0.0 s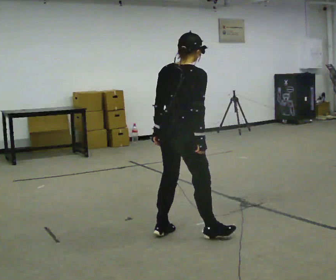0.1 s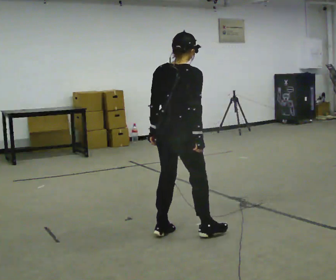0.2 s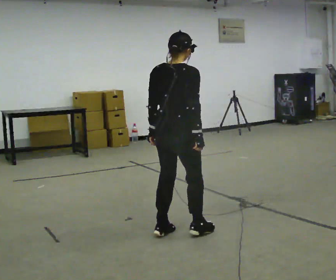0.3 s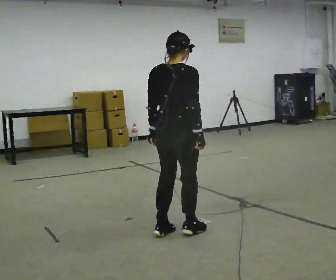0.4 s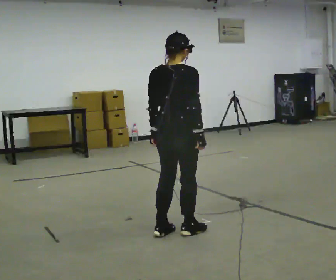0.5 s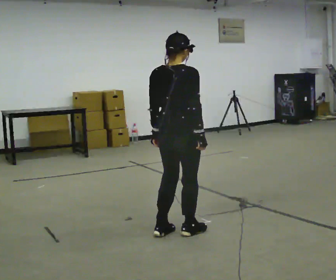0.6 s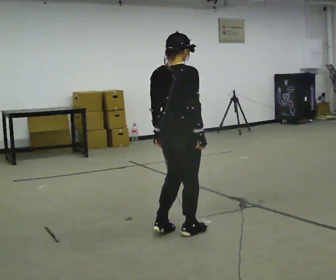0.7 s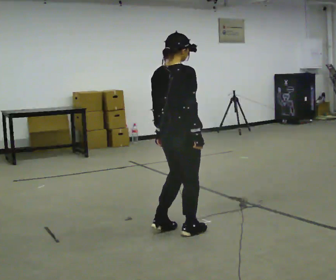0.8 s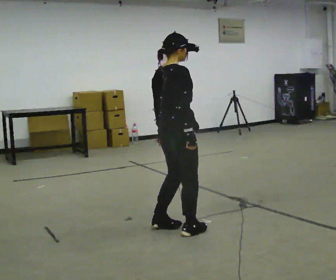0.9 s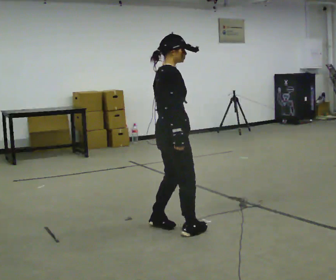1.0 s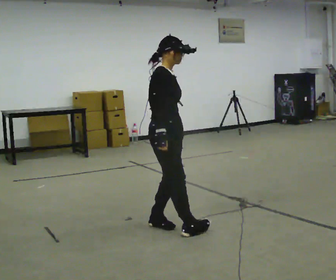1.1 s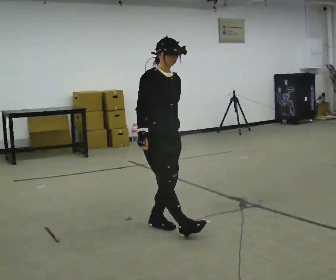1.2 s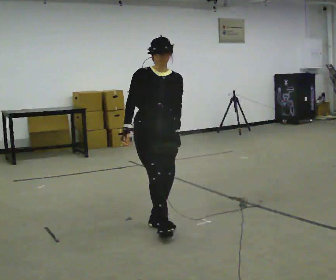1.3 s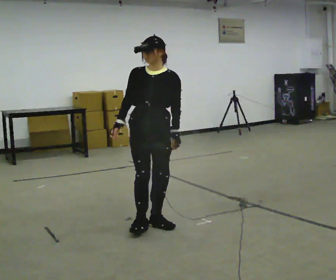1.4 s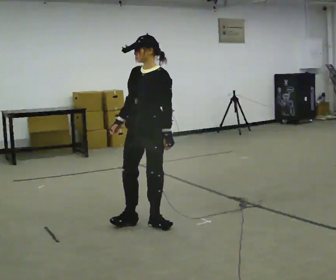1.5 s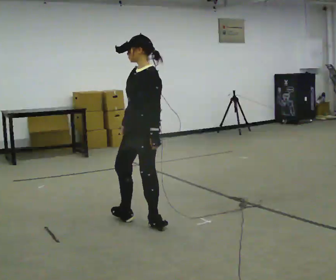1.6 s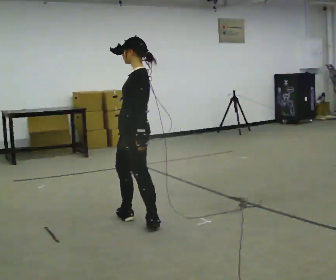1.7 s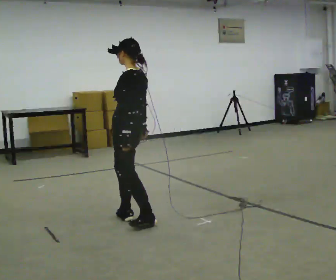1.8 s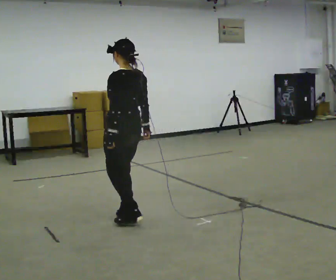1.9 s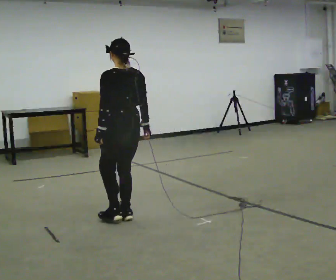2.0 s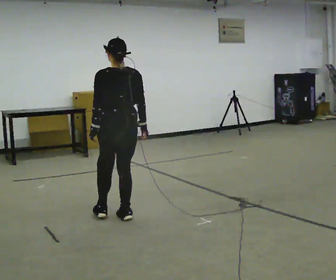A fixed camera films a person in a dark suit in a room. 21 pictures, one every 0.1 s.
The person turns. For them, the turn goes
to their right.
The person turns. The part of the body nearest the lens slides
to the left.
0.0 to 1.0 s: The person turns about 75 degrees to their right, clockwise seen from above, so the part of the body nearest the lens slides to the left. In the picture they go away from the camera, about 0.25 m in 2 steps.
1.0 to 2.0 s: The part of the body nearest the lens slides to the left as the person turns to their right by about 225 degrees. In the picture they go to the left and away from the camera, about 0.5 m in 1 step.
The film runs forward here.
